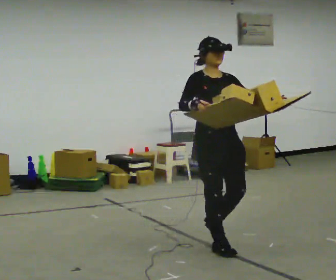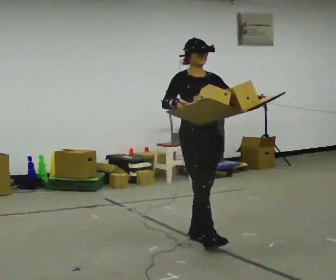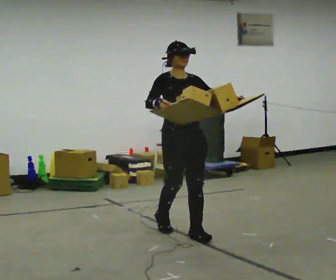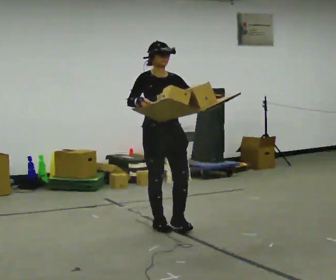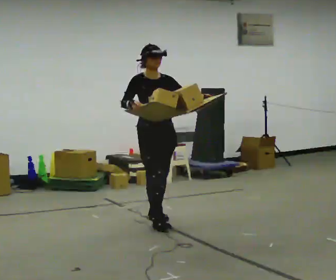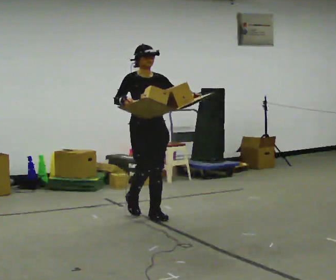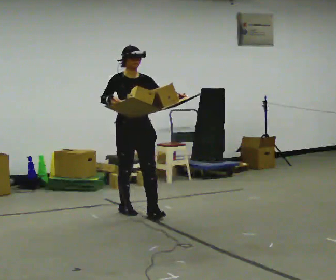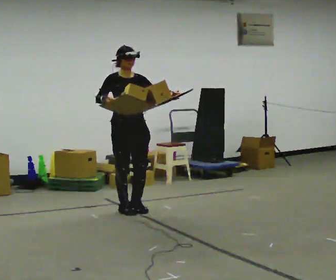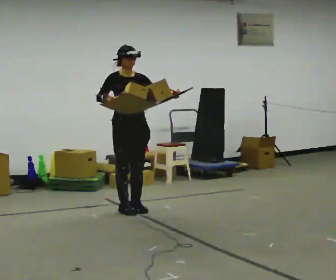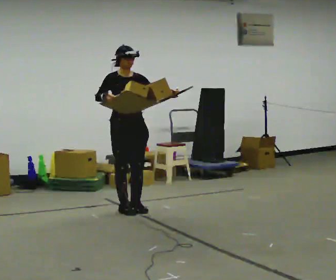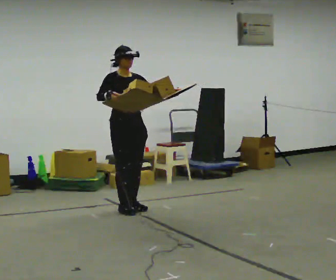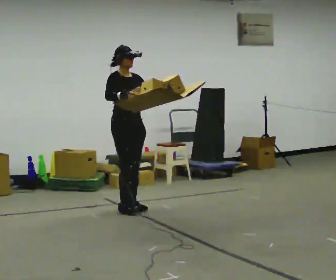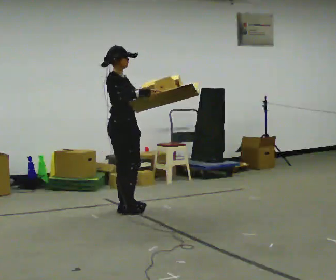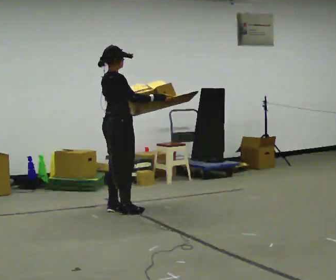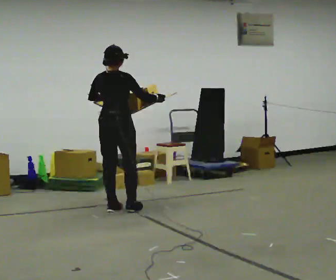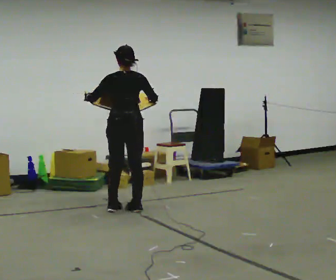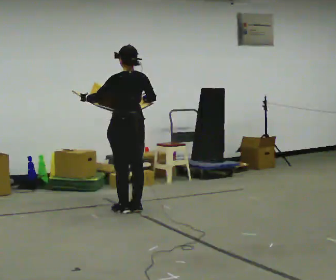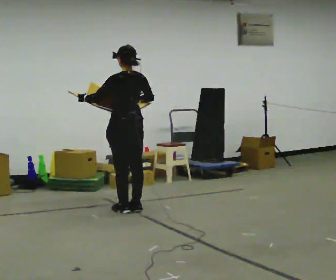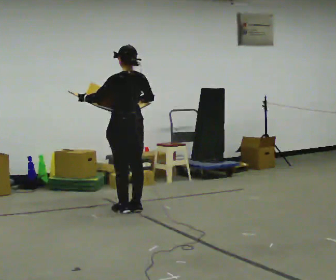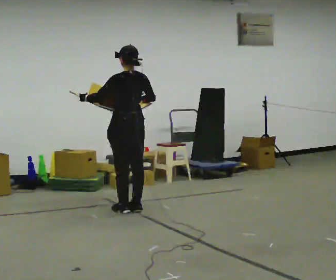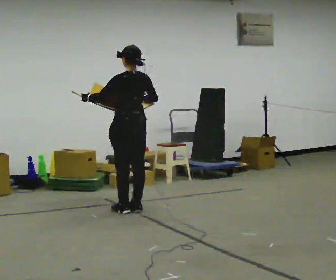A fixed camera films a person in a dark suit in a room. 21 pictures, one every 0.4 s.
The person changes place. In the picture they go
away from the camera.
The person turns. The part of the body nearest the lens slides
to the right.
0.0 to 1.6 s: In the picture they go away from the camera and to the left, about 1 m in 2 steps, which for them is backward.
1.6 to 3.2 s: In the picture they go away from the camera and to the left, about 0.5 m in 2 steps, which for them is backward.
3.2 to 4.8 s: Seen from above the body turns counterclockwise, about 45 degrees: to their left, with its near side sliding to the right. In the picture their right hand goes to the right.
4.8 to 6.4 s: The part of the body nearest the lens slides to the right as the person turns to their left by about 135 degrees. In the picture their left hand goes to the left.
6.4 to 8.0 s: The person moves a little, or ends about where they began.
The film runs backward here.
